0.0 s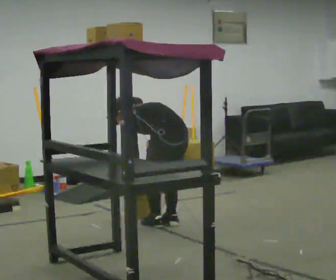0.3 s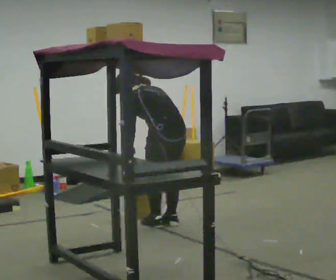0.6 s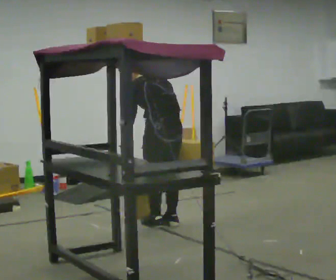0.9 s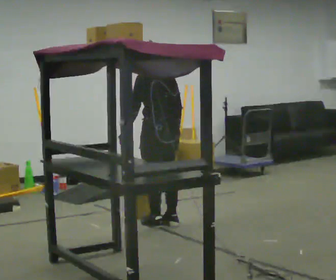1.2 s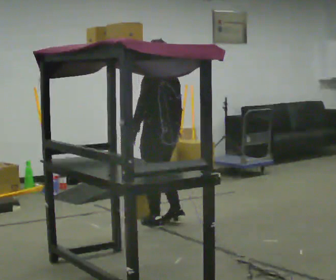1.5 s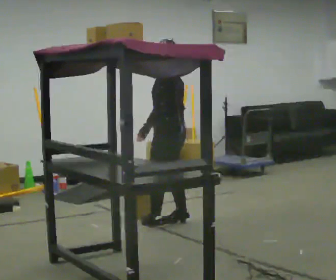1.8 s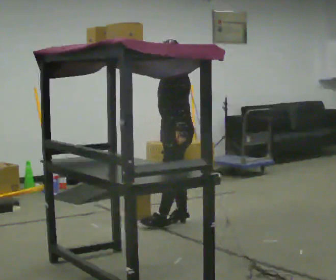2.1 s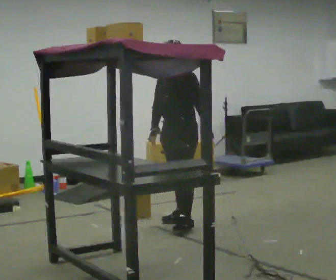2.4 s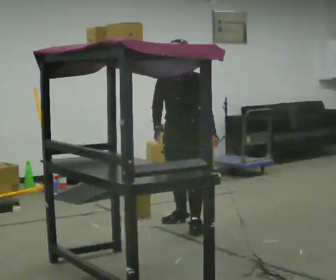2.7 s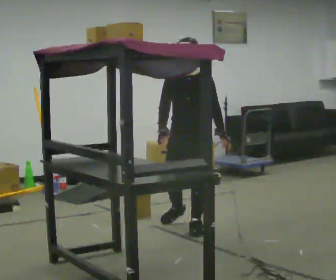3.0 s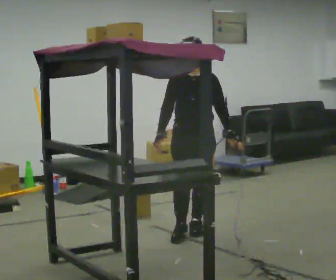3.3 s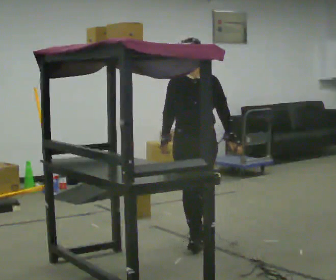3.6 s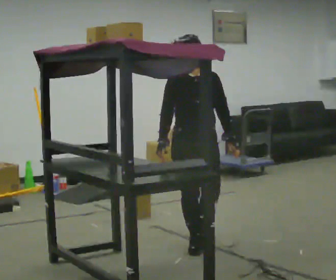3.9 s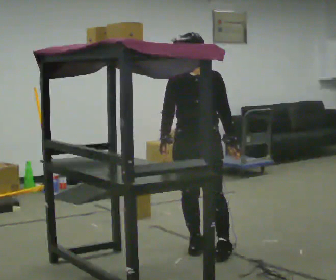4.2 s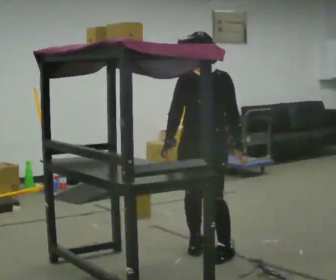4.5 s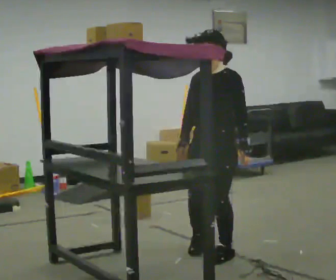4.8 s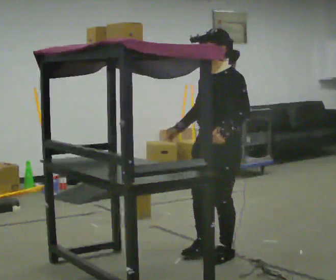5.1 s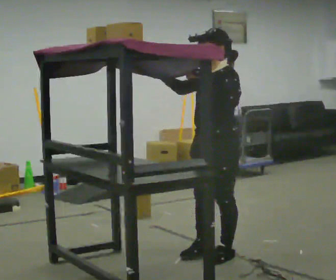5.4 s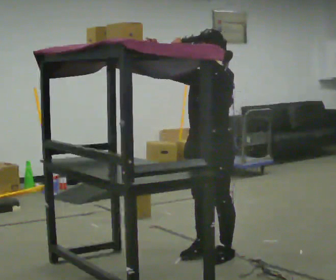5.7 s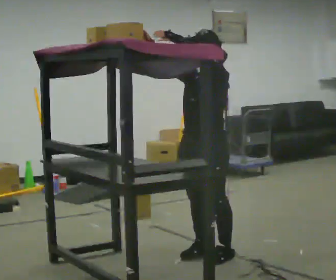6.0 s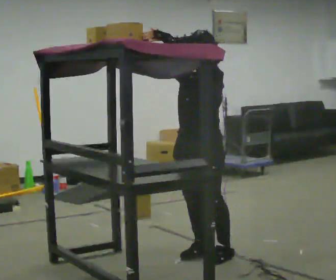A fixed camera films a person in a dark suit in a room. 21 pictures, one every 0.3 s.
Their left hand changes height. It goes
upward.
Their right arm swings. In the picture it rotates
clockwise.
0.0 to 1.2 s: The shoulders move upward. In the picture the upper body tilts clockwise, shoulders to the right, as they lean back or straighten. In the picture their left hand goes upward.
1.2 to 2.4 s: The part of the body nearest the lens slides to the right as the person turns to their left by about 105 degrees. In the picture they go to the right, about 0.25 m in 2 steps. In the picture their left hand goes to the right, the arm swinging counterclockwise.
2.4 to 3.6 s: The person turns about 30 degrees to their left, counterclockwise seen from above, so the part of the body nearest the lens slides to the right. In the picture they go toward the camera, about 0.75 m in 1 step, which for them is forward.
3.6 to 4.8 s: The part of the body nearest the lens slides to the left as the person turns to their right by about 60 degrees. In the picture they go toward the camera and to the right, about 0.5 m in 2 steps.
4.8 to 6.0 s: In the picture their right hand goes upward, the arm swinging clockwise.
The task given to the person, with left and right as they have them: Pick an object up off the floor, carry it across the room, and place it on the highest shelf you can comfortably reach. Keep going until the operator says stop; one object at a time, and do not rush between trips.
The film runs forward here.
